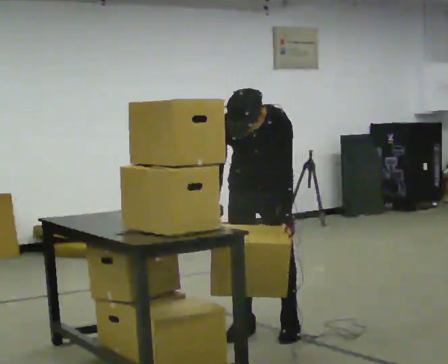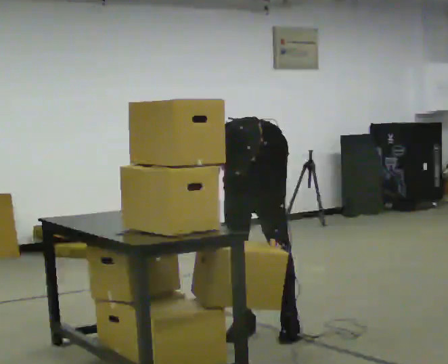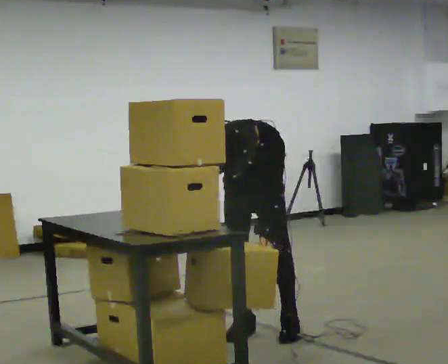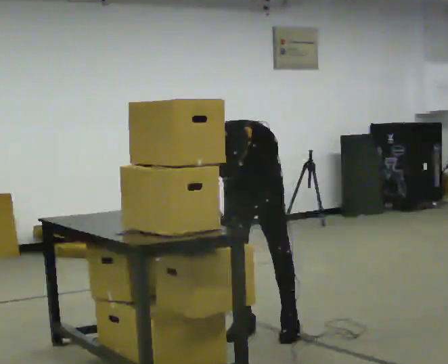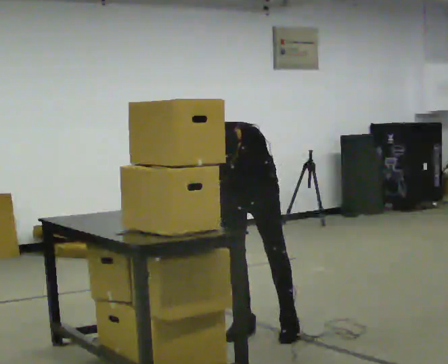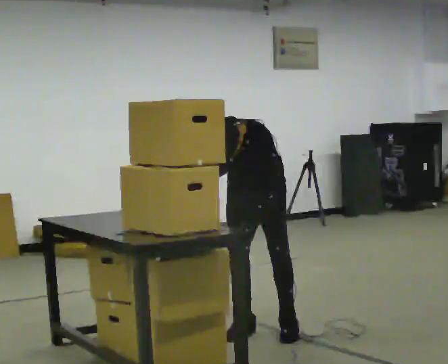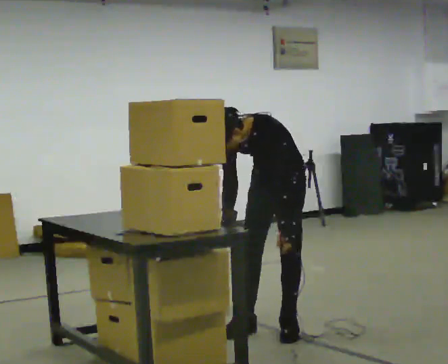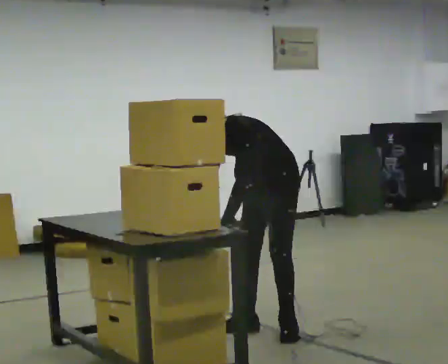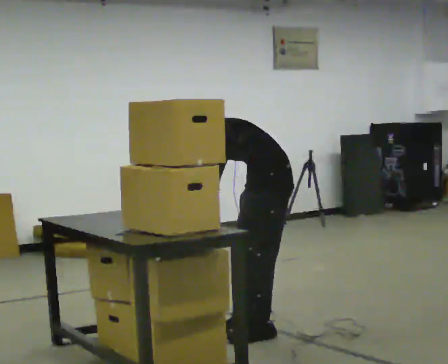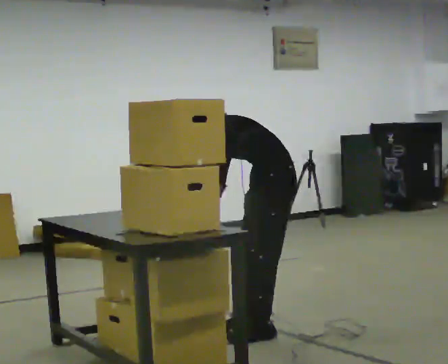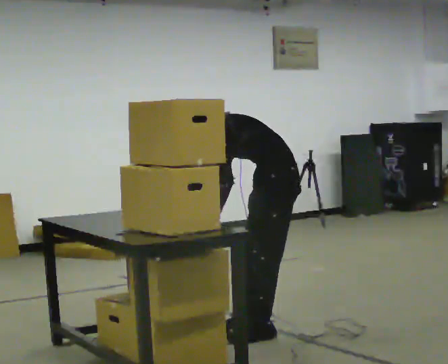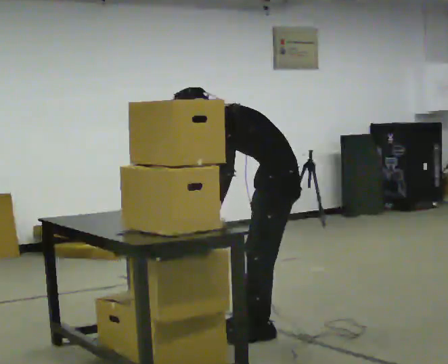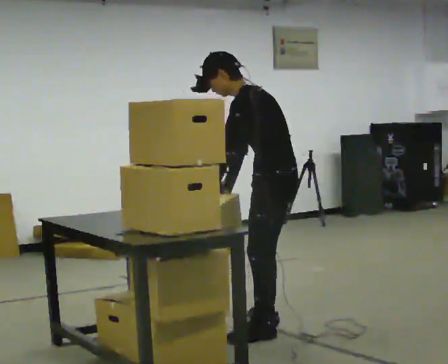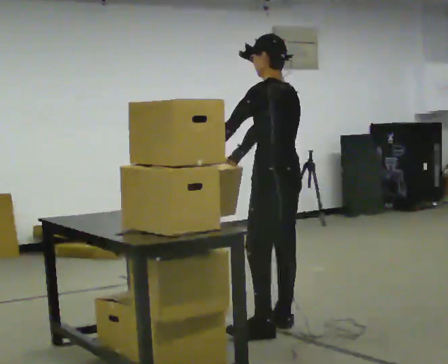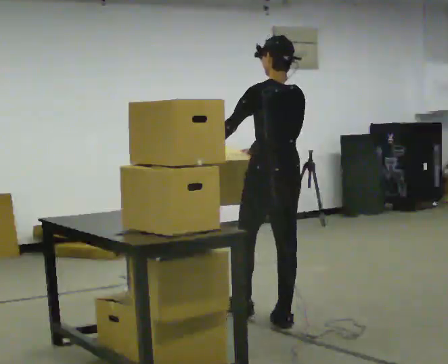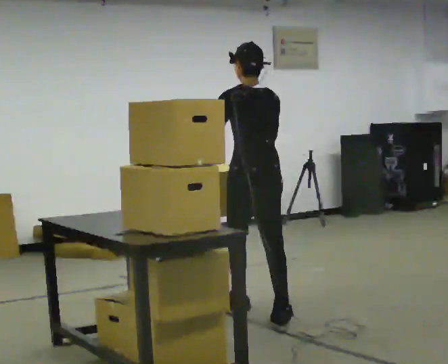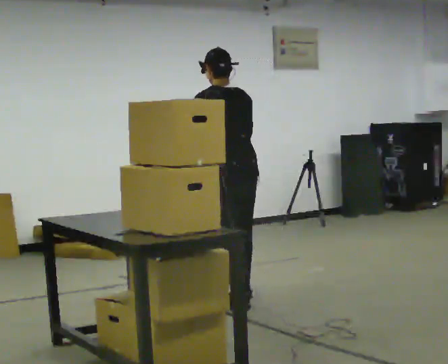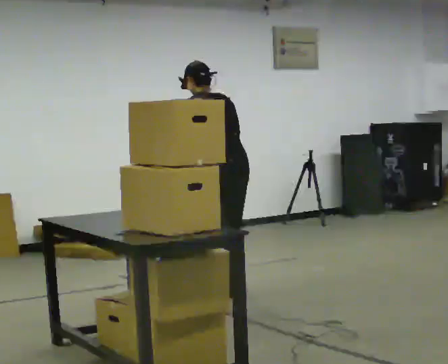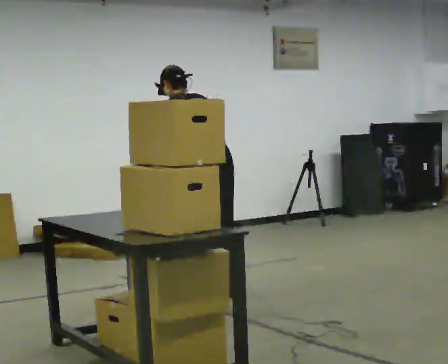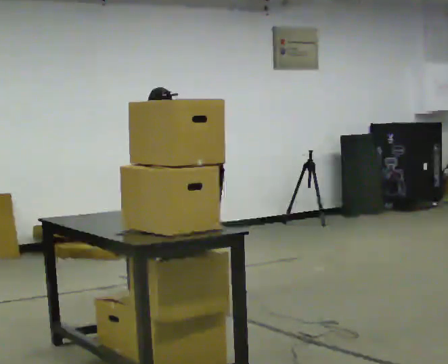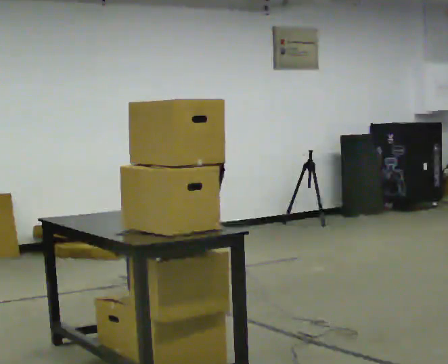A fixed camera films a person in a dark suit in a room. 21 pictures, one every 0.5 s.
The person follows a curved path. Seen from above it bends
counterclockwise.
The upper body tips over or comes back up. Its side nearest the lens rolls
upward.
0.0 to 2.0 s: In the picture the upper body tilts counterclockwise, shoulders to the left, as they bend forward. In the picture their left hand goes to the left.
2.0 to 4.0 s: The person turns about 45 degrees to their right, clockwise seen from above, so the part of the body nearest the lens slides to the left. In the picture they go to the right, about 0.25 m in 1 step, which for them is to their left. In the picture the upper body tilts counterclockwise, shoulders to the left.
4.0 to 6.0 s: The part of the body nearest the lens slides to the left as the person turns to their right by about 45 degrees. The shoulders move upward. In the picture the upper body tilts clockwise, shoulders to the right, as they lean back or straighten.
6.0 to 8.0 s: Seen from above the body turns clockwise, about 45 degrees: to their right, with its near side sliding to the left. In the picture they go away from the camera and to the left, about 0.5 m in 2 steps, which for them is forward.
8.0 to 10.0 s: In the picture they go away from the camera and to the left, about 0.5 m in 3 steps, which for them is forward. The shoulders move downward. In the picture the upper body tilts counterclockwise, shoulders to the left, as they bend forward. In the picture their left hand goes downward.
The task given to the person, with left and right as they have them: Take the boxes off the top, get the one from the bottom, carry it away, then put the others back. Keep going until the operator says stop; one object at a time, and do not rush between trips.
The film runs forward here.
